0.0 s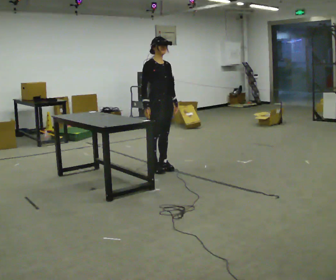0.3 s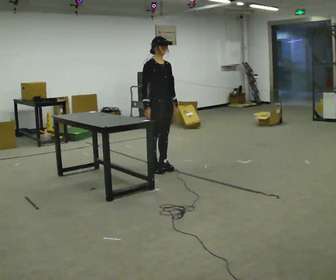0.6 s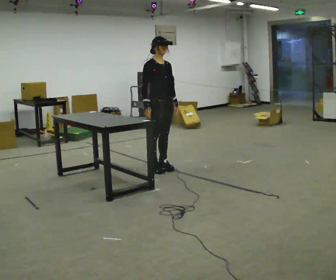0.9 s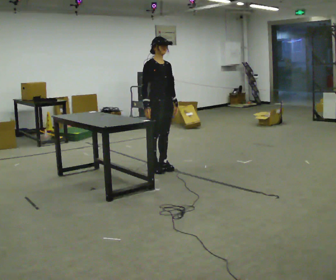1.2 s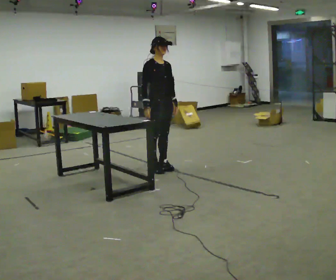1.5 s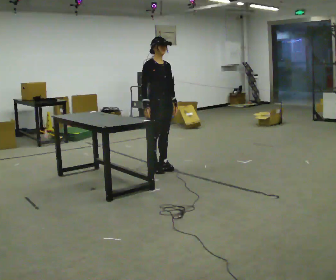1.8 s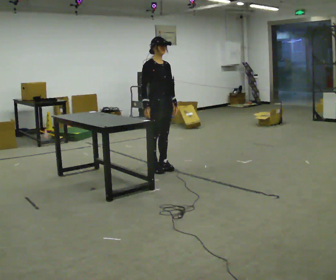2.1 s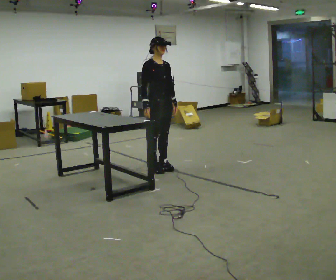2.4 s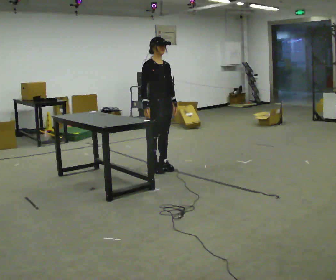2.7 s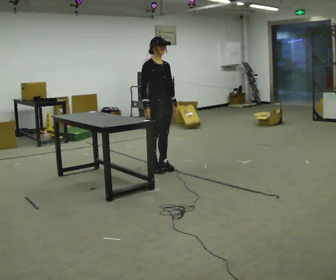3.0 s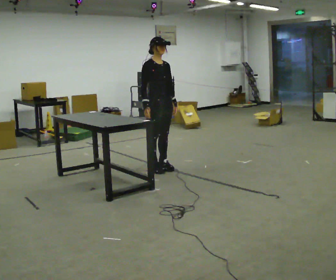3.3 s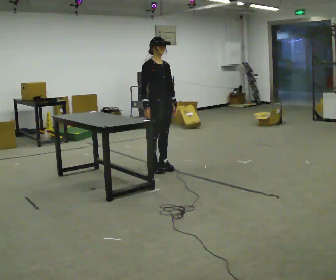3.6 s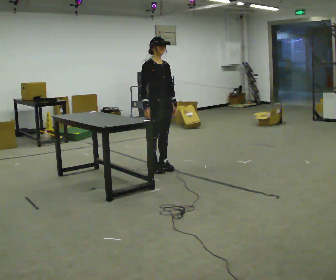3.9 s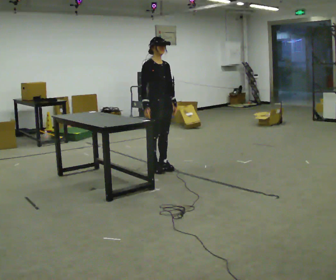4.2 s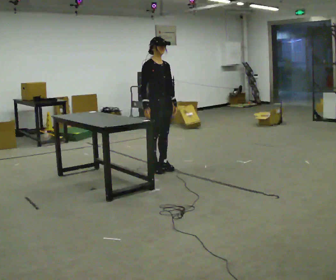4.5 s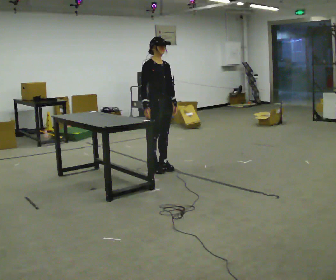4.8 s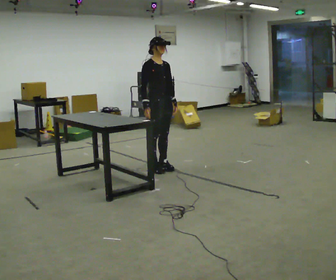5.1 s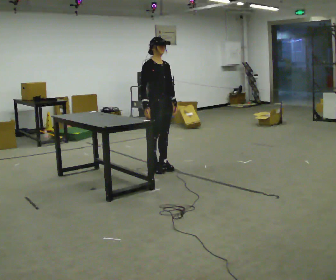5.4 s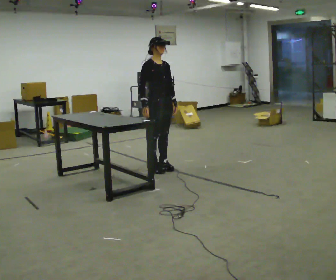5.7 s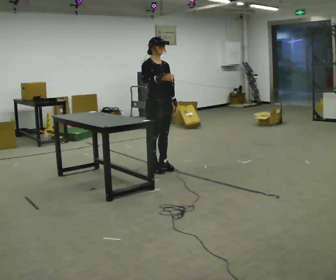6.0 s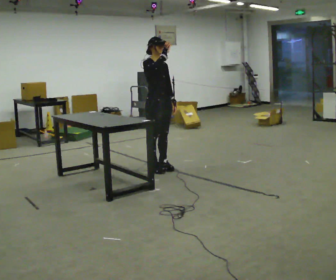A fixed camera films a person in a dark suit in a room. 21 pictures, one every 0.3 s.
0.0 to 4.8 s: The person moves a little, or ends about where they began.
4.8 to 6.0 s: In the picture their right hand goes upward.
The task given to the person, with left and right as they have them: Touch each numbered target to your side and behind you in the order the operator calls, without moving your feet. Keep both feet on the marked spots for the whole take. If you have to step, stop and tell the operator.
The film runs forward here.
